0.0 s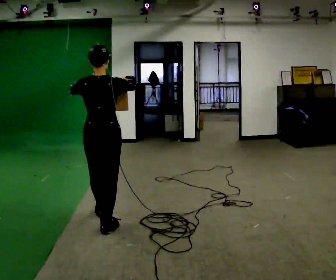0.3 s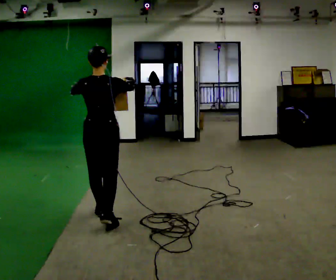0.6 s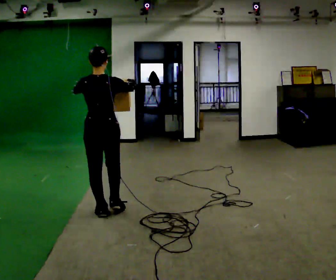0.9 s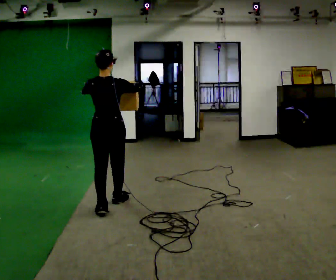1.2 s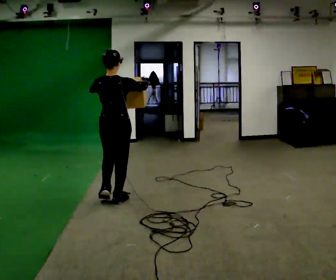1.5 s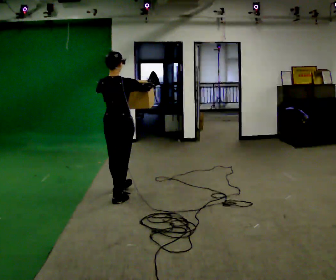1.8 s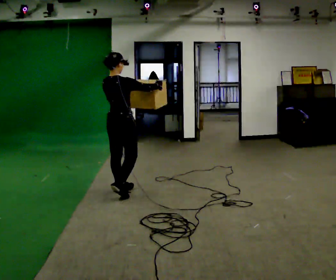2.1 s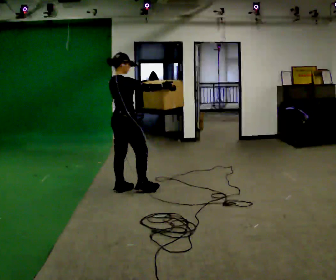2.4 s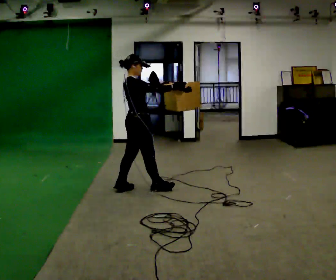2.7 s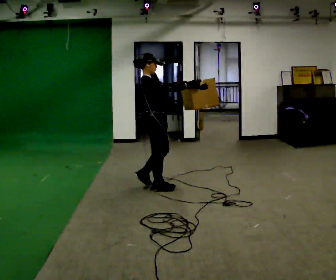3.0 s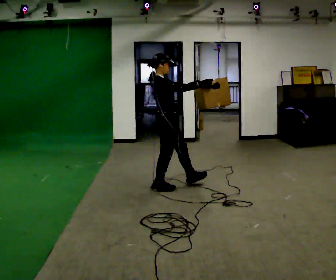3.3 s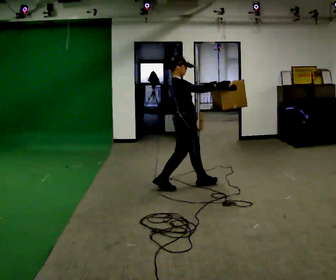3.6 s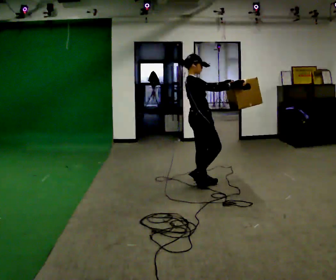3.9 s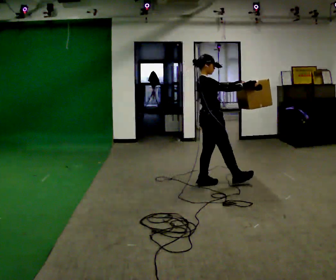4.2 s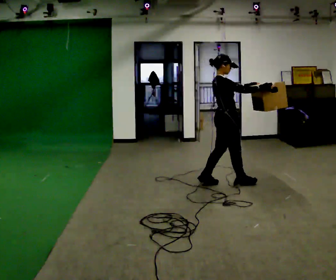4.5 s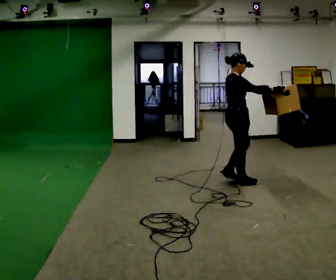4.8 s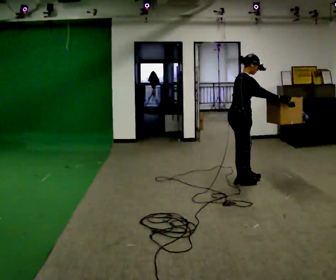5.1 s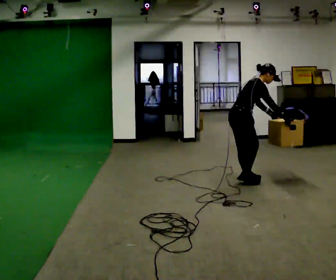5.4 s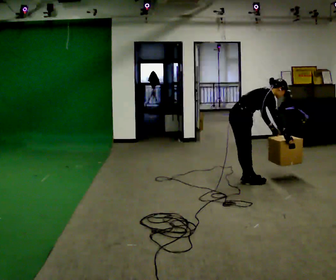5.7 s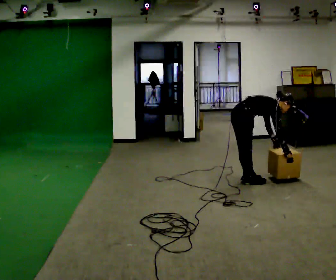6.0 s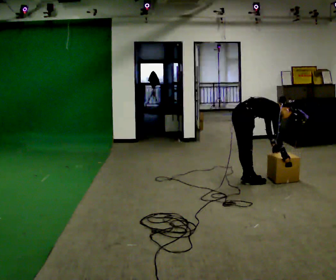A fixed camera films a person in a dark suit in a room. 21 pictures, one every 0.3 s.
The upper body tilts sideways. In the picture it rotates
clockwise.
The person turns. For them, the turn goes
to their right.
0.0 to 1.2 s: In the picture they go away from the camera, about 0.75 m in 2 steps, which for them is forward.
1.2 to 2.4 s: The person turns about 60 degrees to their right, clockwise seen from above, so the part of the body nearest the lens slides to the left. In the picture they go away from the camera, about 0.5 m in 2 steps.
2.4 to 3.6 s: In the picture they go to the right, about 0.5 m in 1 step, which for them is forward.
3.6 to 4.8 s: In the picture they go to the right, about 0.5 m in 2 steps, which for them is forward. In the picture the upper body tilts clockwise, shoulders to the right, as they bend forward.
4.8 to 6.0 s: The upper body goes downward. In the picture the upper body tilts clockwise, shoulders to the right, as they bend forward. In the picture their right hand goes downward, the arm swinging clockwise.
The film runs forward here.
